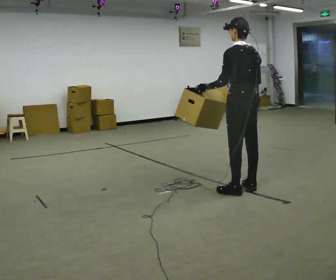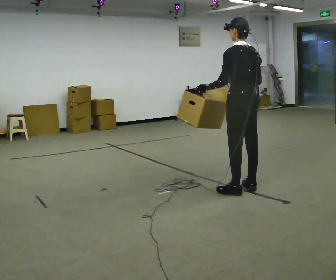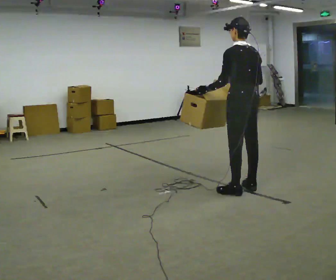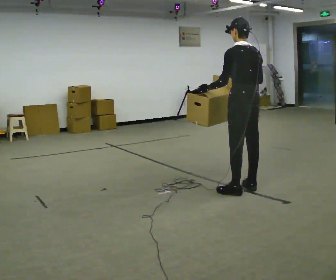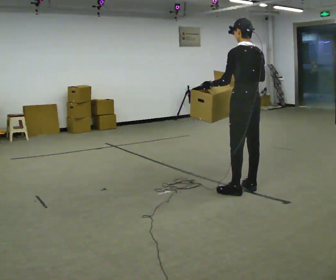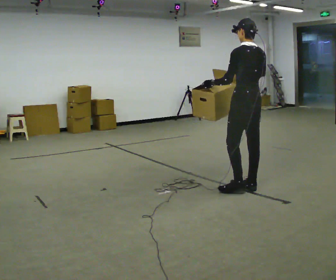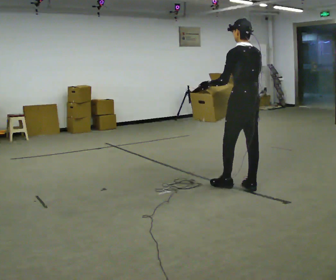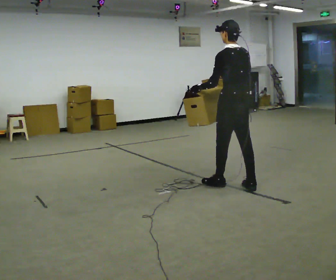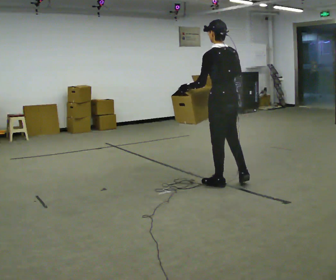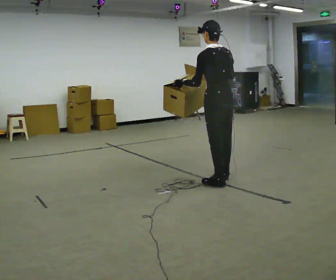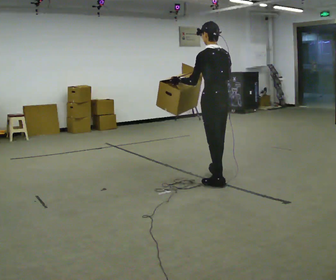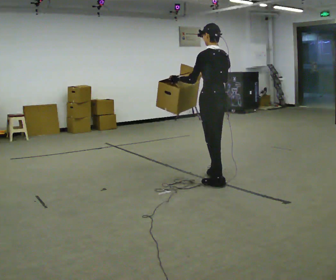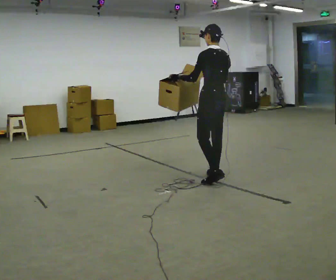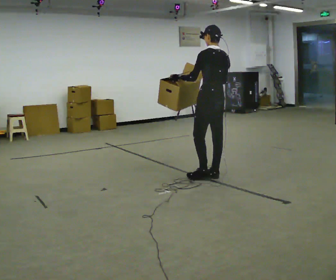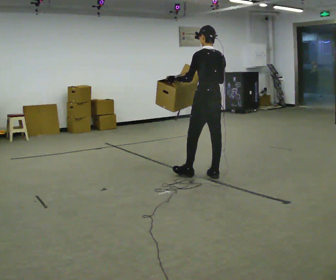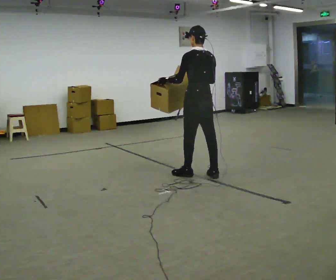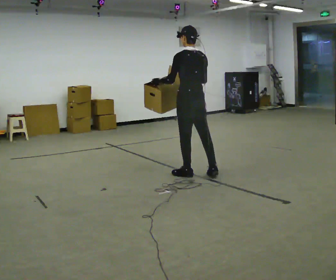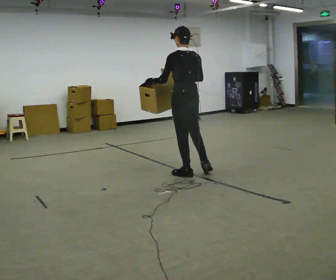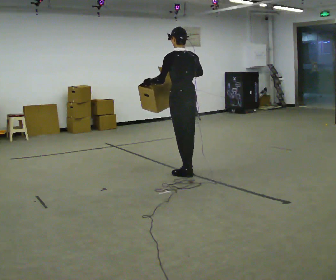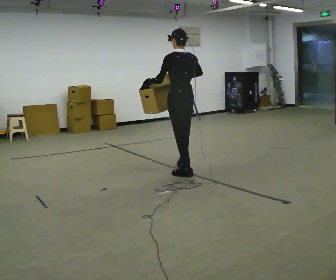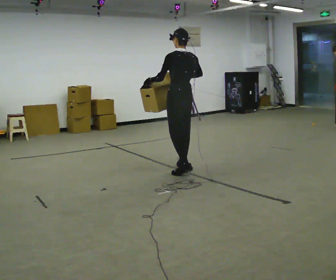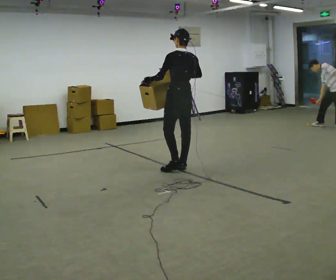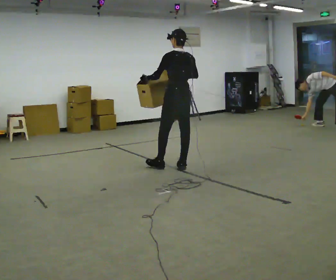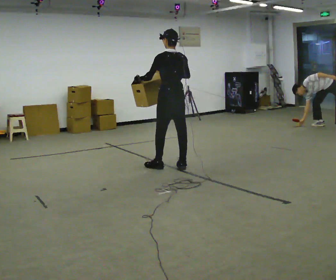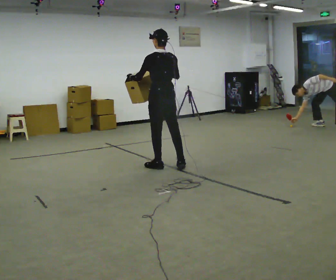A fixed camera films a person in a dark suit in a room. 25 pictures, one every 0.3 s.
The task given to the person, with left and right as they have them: Carry the lidded box and, while you are still walking, open the lid, then close it again. Repeat as you walk back and forth. Do not stop to do it.
0.0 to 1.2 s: The person moves a little, or ends about where they began.
1.2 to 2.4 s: In the picture they go to the left, about 0.25 m in 1 step, which for them is forward.
2.4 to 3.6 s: In the picture they go away from the camera, about 0.25 m in 1 step, which for them is forward and to their right.
3.6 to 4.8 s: In the picture they go to the left, about 0.25 m in 1 step, which for them is forward.
4.8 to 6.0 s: In the picture they go away from the camera, about 0.25 m in 1 step, which for them is forward.
6.0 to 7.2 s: In the picture they go to the left, about 0.25 m in 1 step, which for them is forward and to their left.
The film runs forward here.
